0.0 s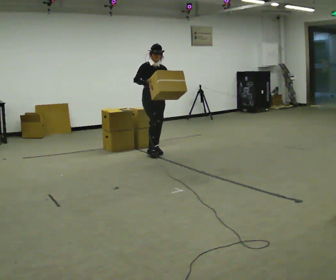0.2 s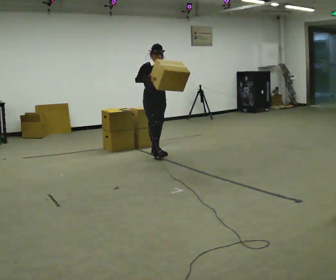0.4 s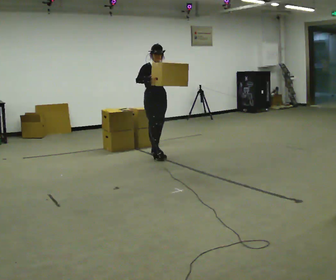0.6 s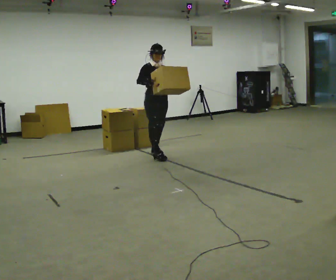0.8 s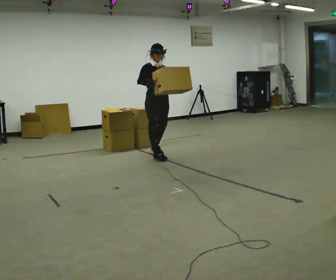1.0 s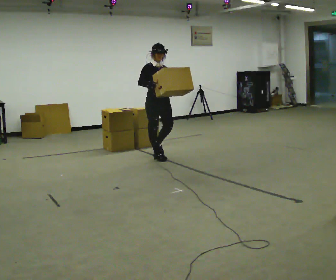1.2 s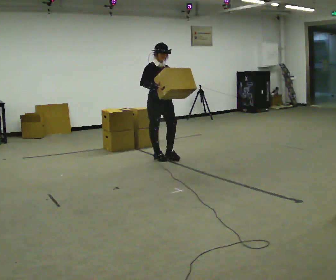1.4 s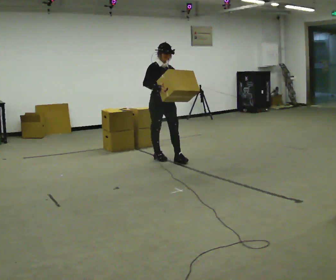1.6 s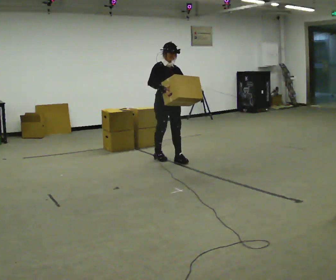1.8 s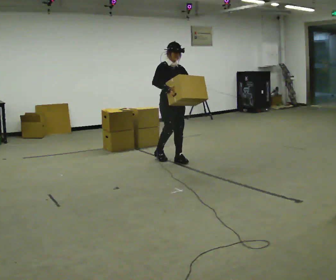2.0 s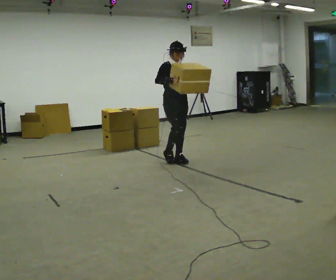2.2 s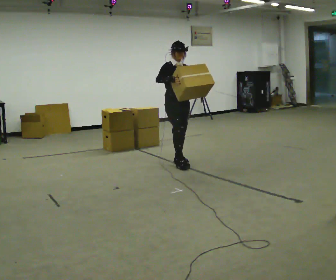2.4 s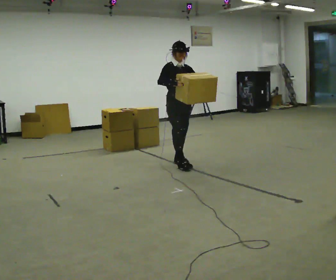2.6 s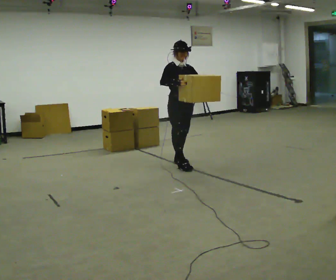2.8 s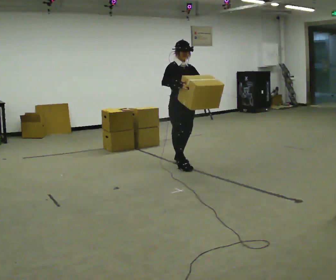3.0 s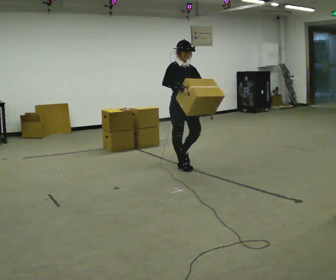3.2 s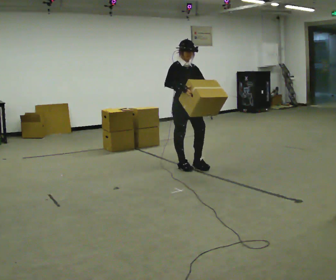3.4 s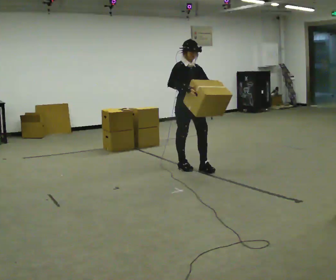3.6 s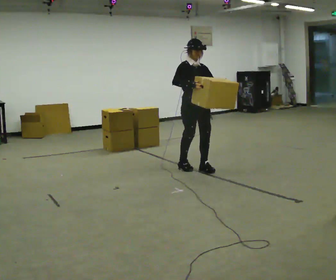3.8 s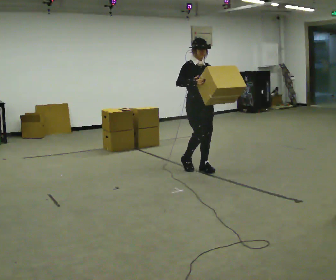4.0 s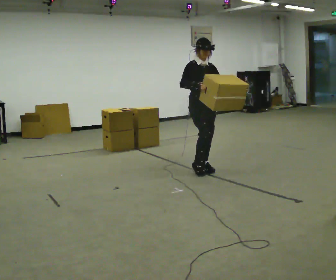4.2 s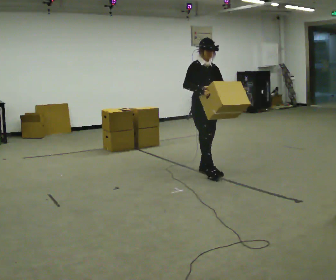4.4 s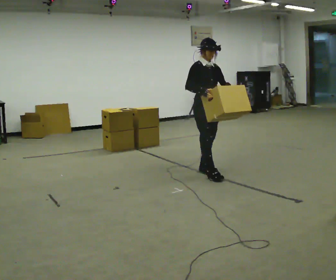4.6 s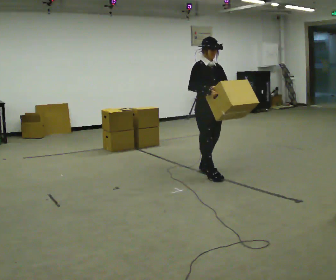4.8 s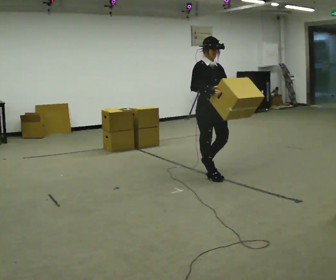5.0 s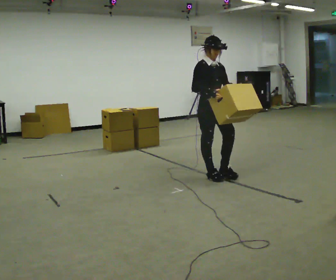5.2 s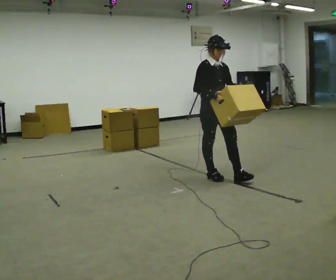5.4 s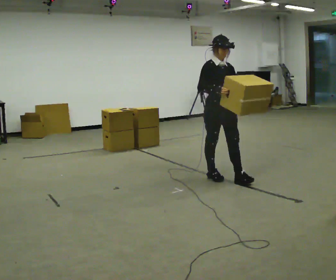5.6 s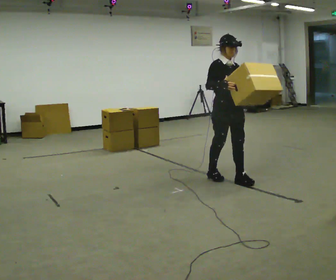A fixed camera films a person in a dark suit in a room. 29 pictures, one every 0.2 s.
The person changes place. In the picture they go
toward the camera.
0.0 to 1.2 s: In the picture they go toward the camera, about 0.25 m in 1 step, which for them is forward.
1.2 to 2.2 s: In the picture they go to the right and toward the camera, about 0.25 m in 1 step, which for them is forward and to their left.
2.2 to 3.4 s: In the picture they go toward the camera and to the right, about 0.5 m in 2 steps, which for them is forward.
3.4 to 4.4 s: In the picture they go toward the camera and to the right, about 0.25 m in 1 step, which for them is forward.
4.4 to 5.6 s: In the picture they go toward the camera and to the right, about 0.5 m in 1 step, which for them is forward.
The film runs forward here.
